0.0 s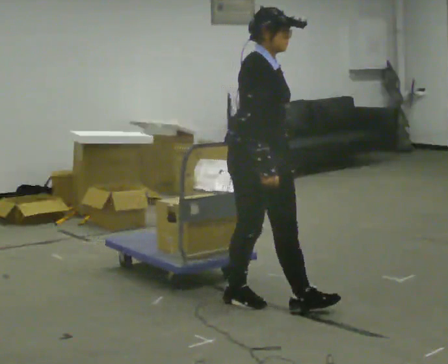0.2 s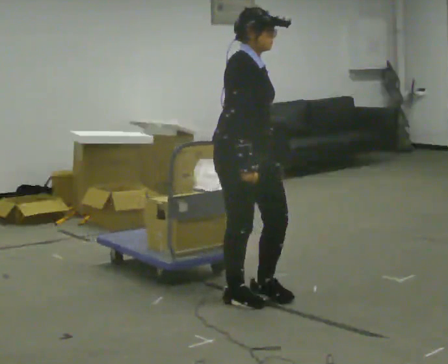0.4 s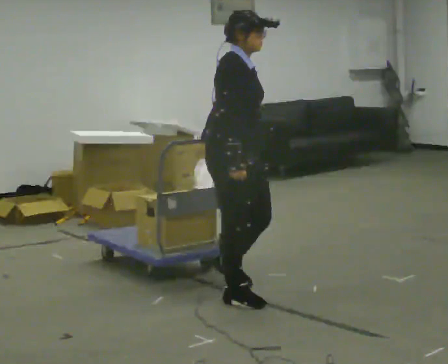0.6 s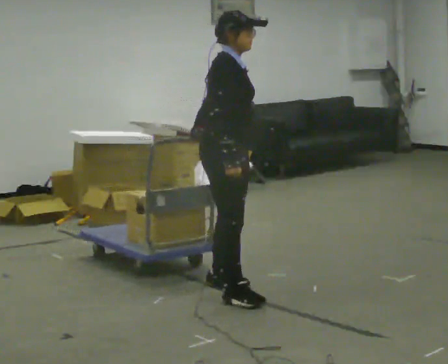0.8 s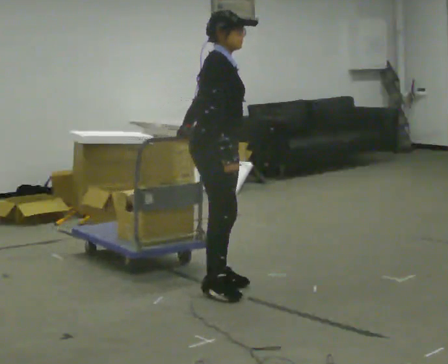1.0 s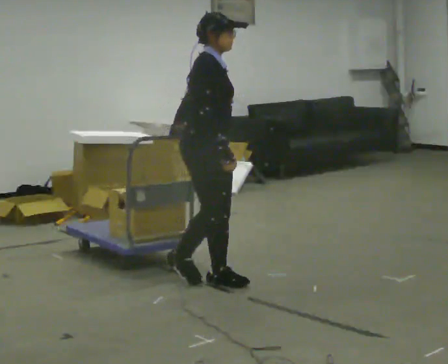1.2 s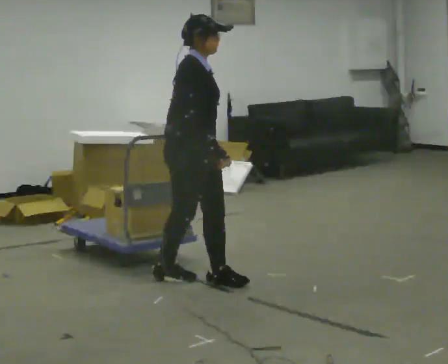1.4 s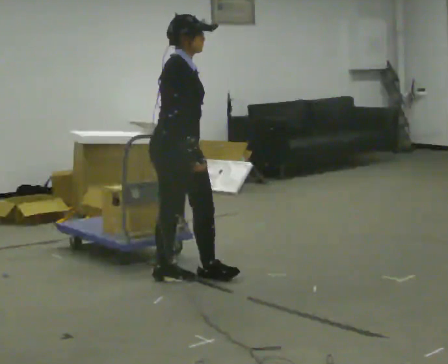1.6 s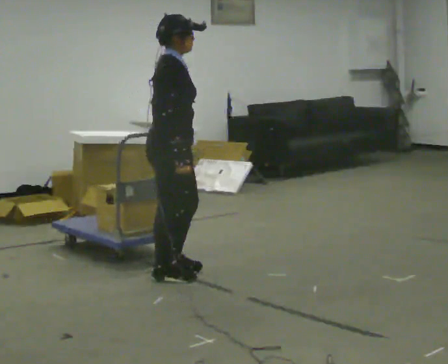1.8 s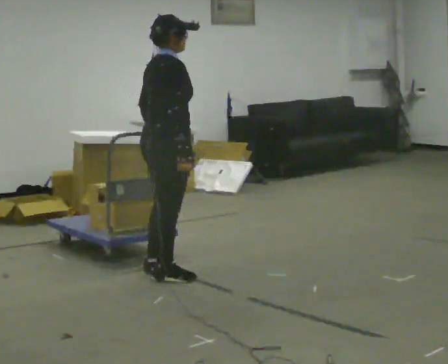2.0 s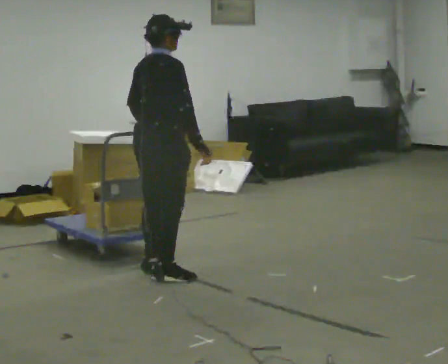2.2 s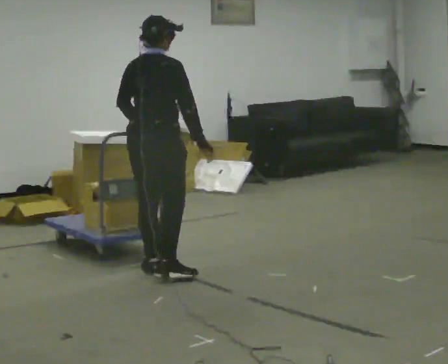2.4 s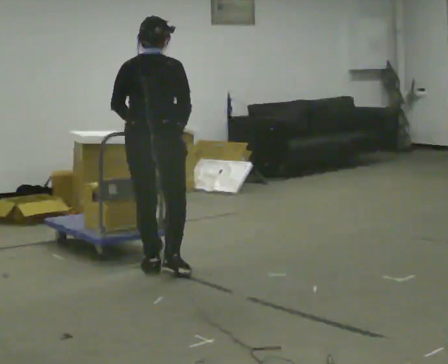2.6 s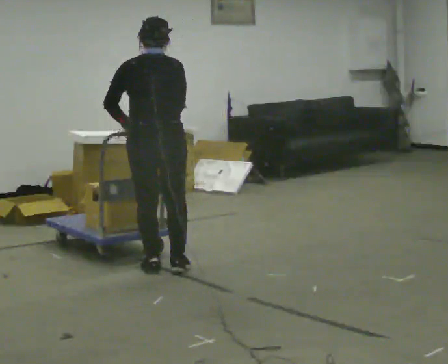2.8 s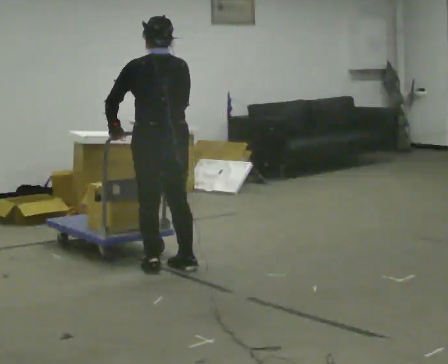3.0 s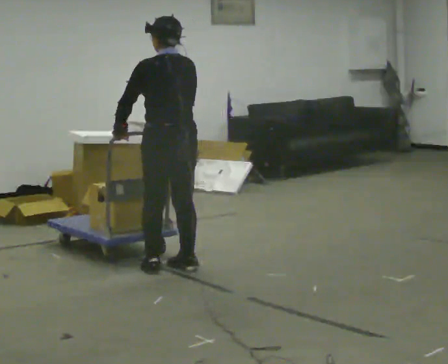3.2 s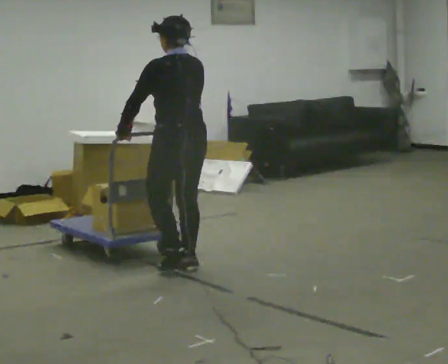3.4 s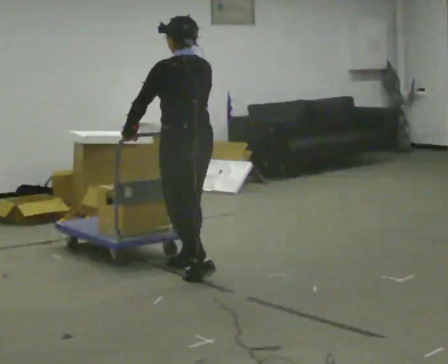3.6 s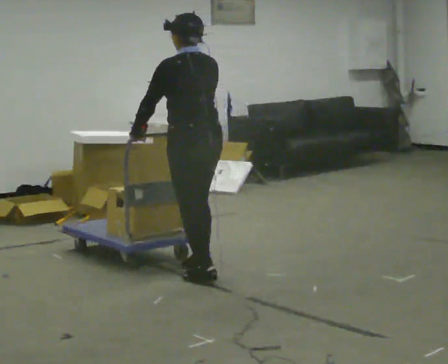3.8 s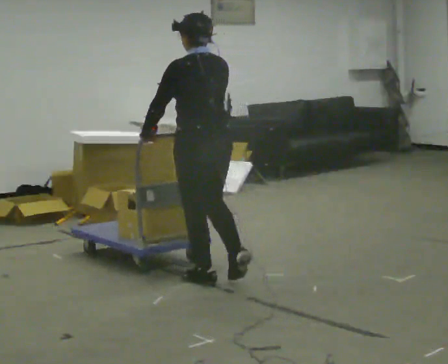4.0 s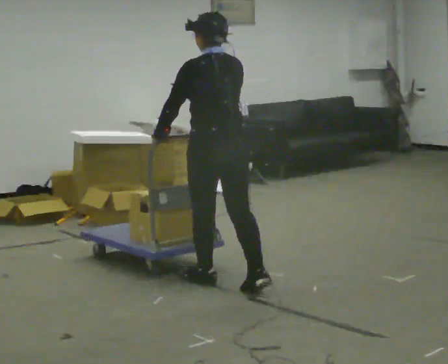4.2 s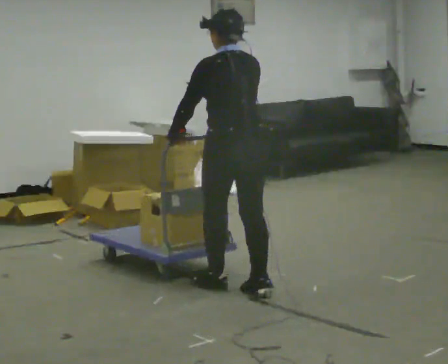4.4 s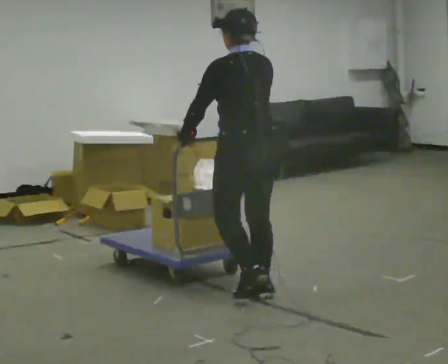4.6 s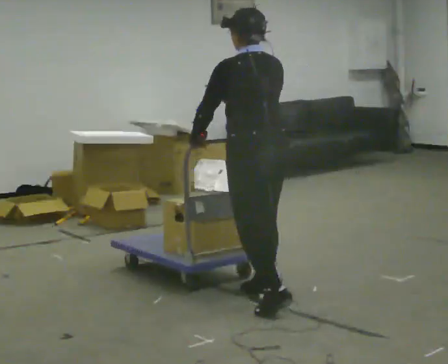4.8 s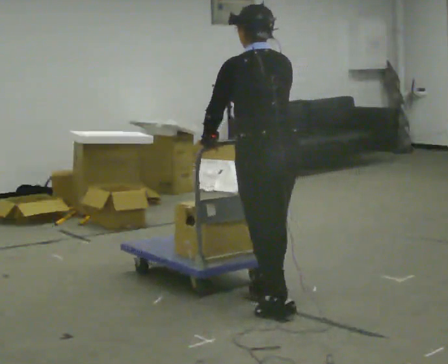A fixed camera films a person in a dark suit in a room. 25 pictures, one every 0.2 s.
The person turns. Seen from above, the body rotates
counterclockwise.
The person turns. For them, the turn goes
to their left.
0.0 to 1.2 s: In the picture they go away from the camera and to the left, about 0.5 m in 1 step, which for them is backward and to their left.
1.2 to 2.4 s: The person turns about 90 degrees to their left, counterclockwise seen from above, so the part of the body nearest the lens slides to the right. In the picture they go to the left and away from the camera, about 0.25 m in 2 steps.
2.4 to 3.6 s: The person turns about 45 degrees to their left, counterclockwise seen from above, so the part of the body nearest the lens slides to the right. In the picture they go to the right and toward the camera, about 0.25 m in 2 steps, which for them is backward and to their right.
3.6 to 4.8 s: In the picture they go toward the camera and to the right, about 1 m in 2 steps, which for them is backward.
The film runs backward here.
